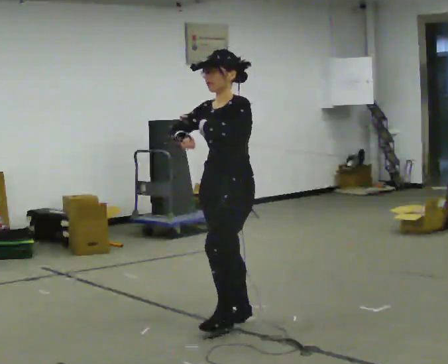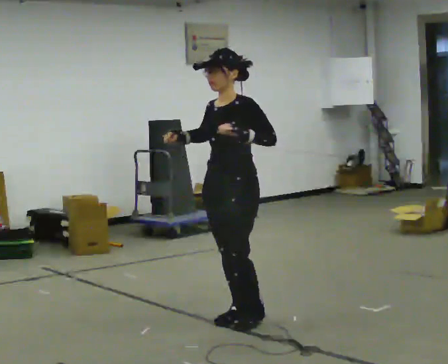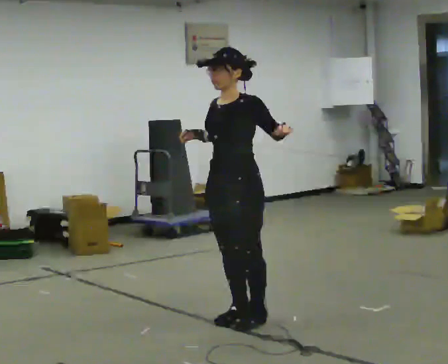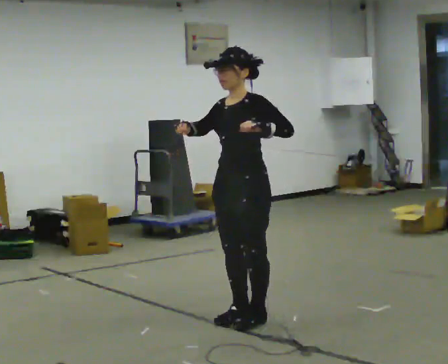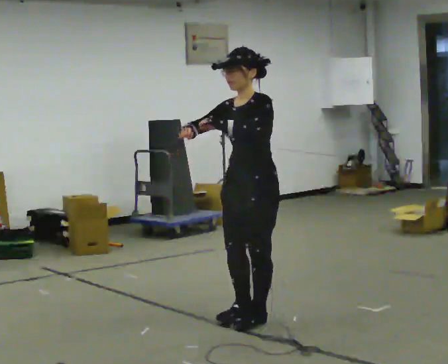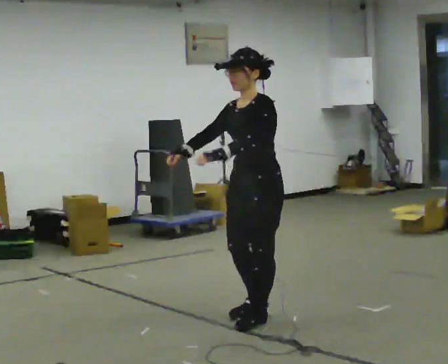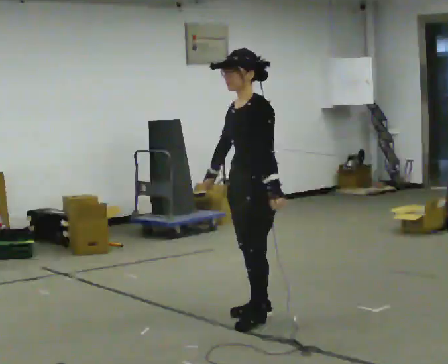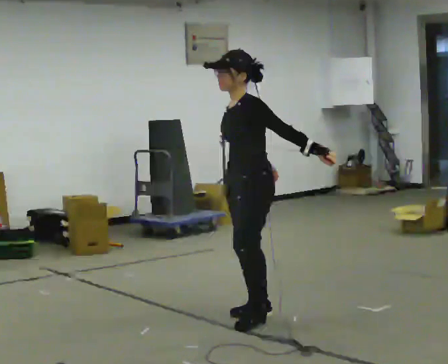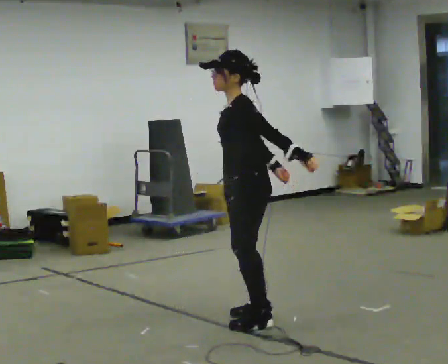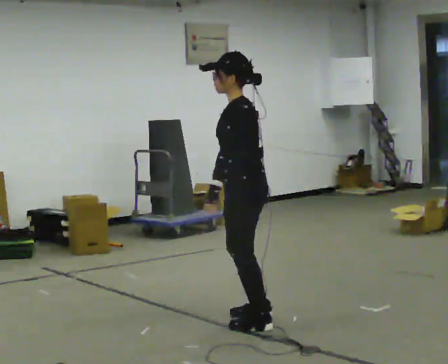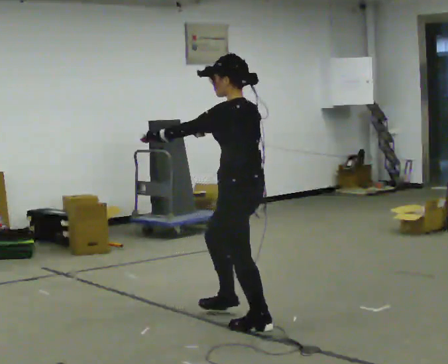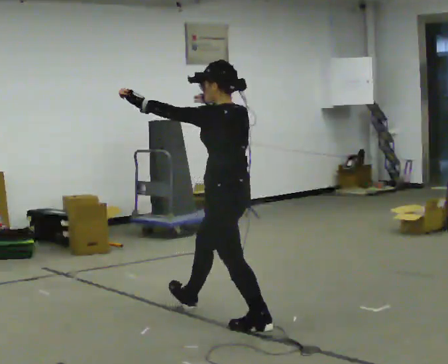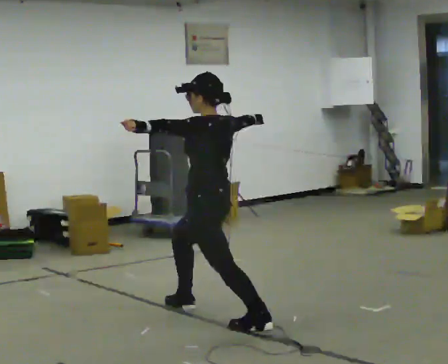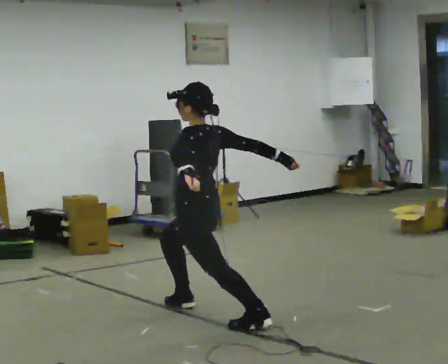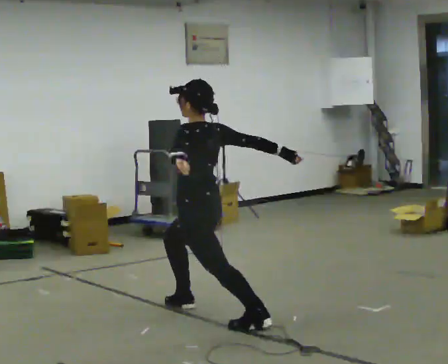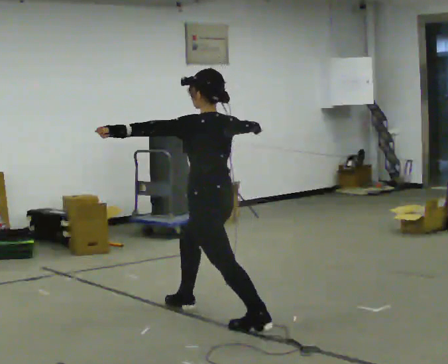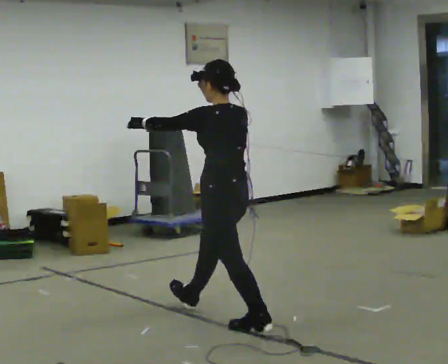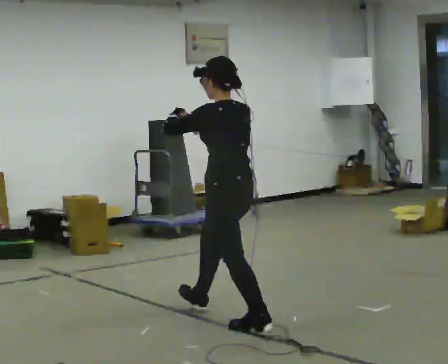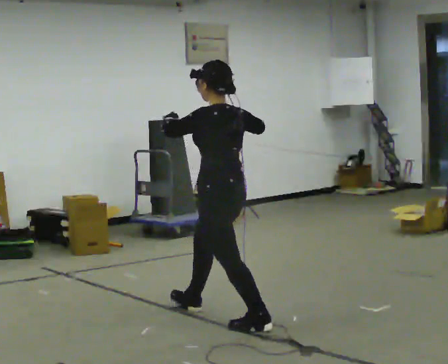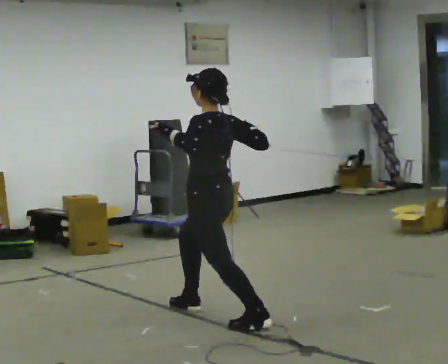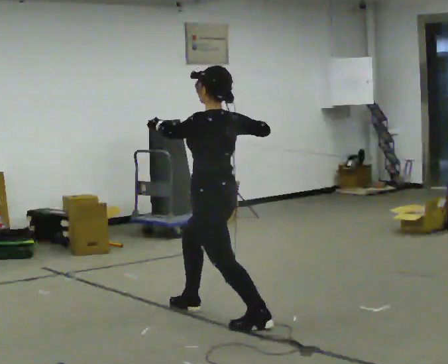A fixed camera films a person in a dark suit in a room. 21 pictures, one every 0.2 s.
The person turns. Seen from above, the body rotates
clockwise.
The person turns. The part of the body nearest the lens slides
to the left.
0.0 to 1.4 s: In the picture their right hand goes to the right.
1.4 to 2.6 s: The part of the body nearest the lens slides to the left as the person turns to their right by about 45 degrees. In the picture they go to the left, about 0.25 m in 2 steps, which for them is forward. The upper body goes downward.
2.6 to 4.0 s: The person moves a little, or ends about where they began.
The film runs backward here.
